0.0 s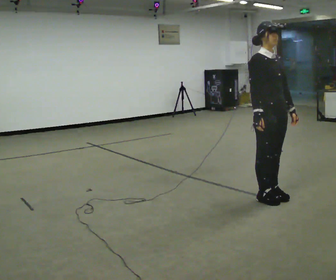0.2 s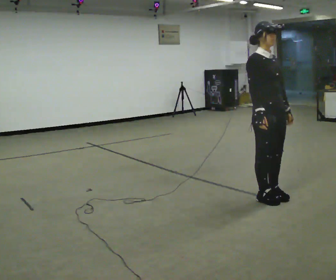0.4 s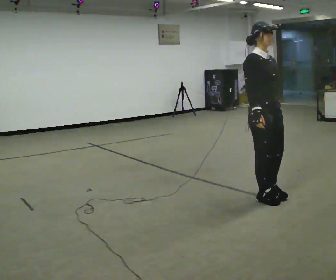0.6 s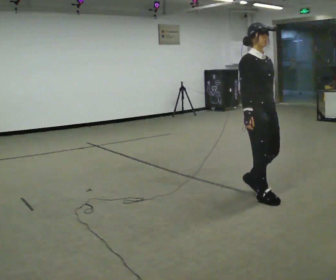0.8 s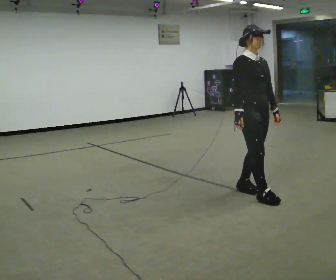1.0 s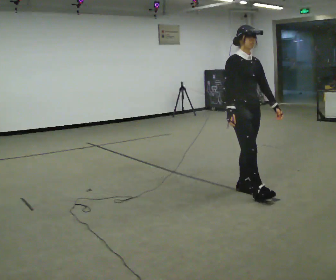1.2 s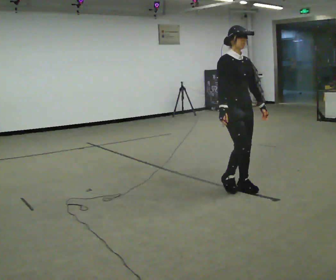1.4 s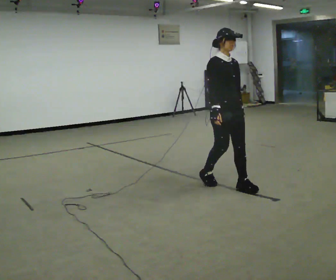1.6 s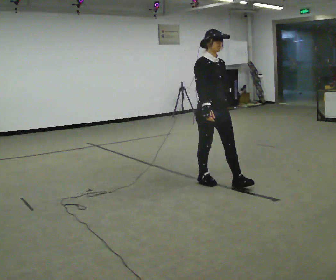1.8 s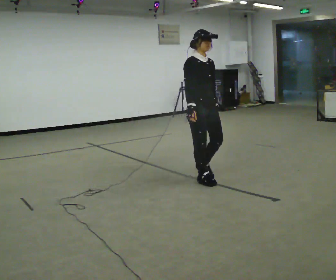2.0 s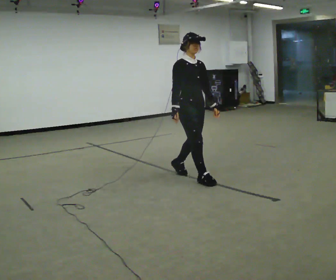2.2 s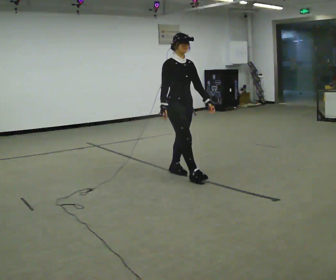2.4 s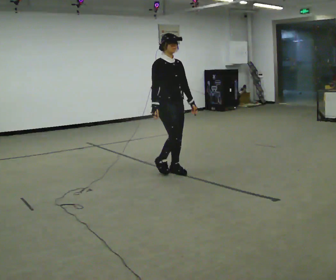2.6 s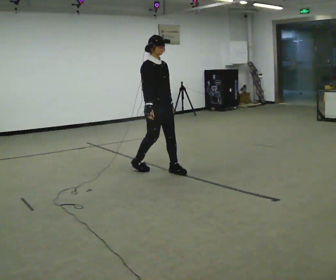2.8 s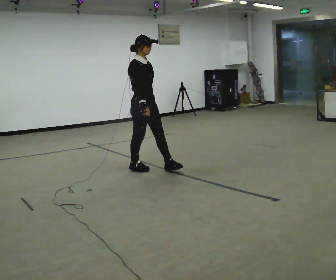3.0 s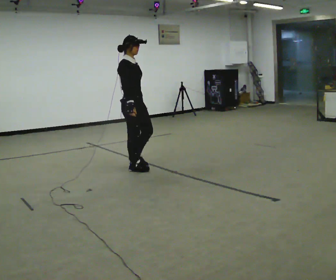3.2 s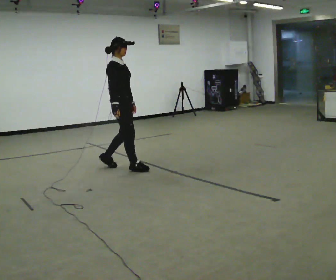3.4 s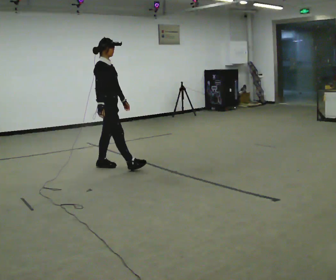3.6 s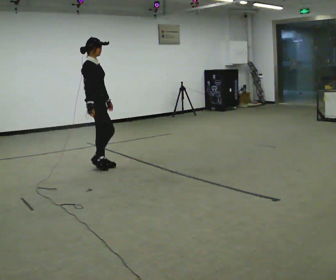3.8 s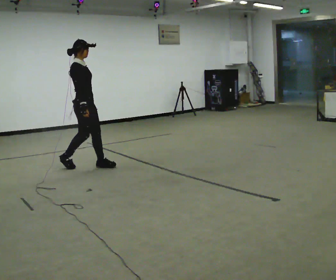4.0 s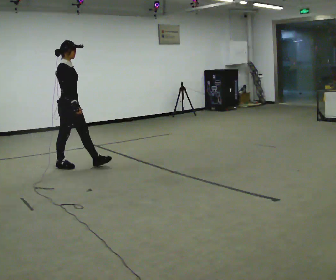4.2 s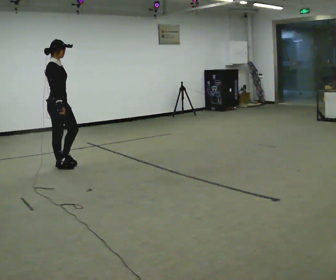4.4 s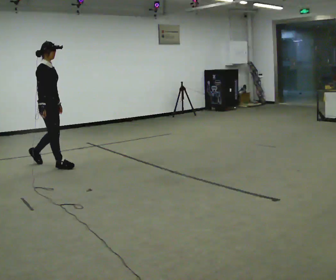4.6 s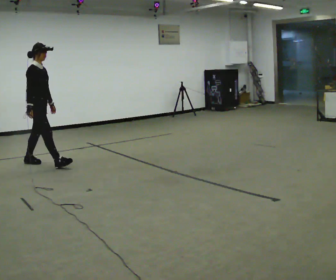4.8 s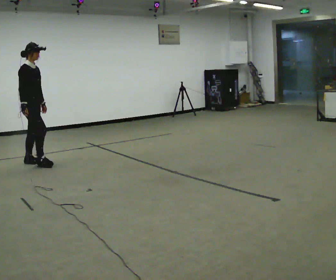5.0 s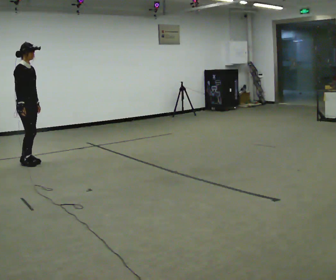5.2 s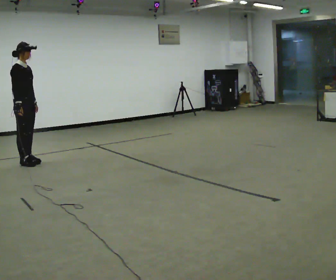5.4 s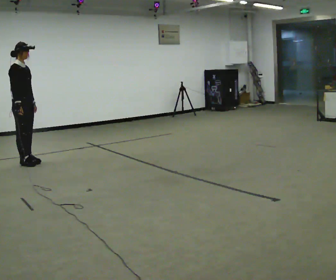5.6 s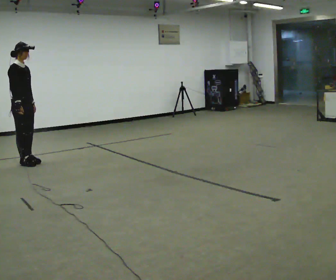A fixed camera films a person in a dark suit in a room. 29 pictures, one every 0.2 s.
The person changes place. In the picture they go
to the left.
0.0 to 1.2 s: In the picture they go away from the camera and to the left, about 0.5 m in 2 steps, which for them is backward.
1.2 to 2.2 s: In the picture they go away from the camera and to the left, about 1 m in 2 steps, which for them is backward.
2.2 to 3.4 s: The part of the body nearest the lens slides to the right as the person turns to their left by about 45 degrees. In the picture they go to the left and away from the camera, about 1 m in 2 steps, which for them is backward.
3.4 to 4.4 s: In the picture they go to the left, about 1 m in 1 step, which for them is backward.
4.4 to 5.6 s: In the picture they go to the left, about 0.5 m in 1 step, which for them is backward.
The film runs backward here.
